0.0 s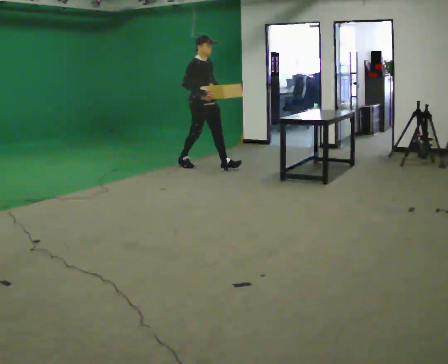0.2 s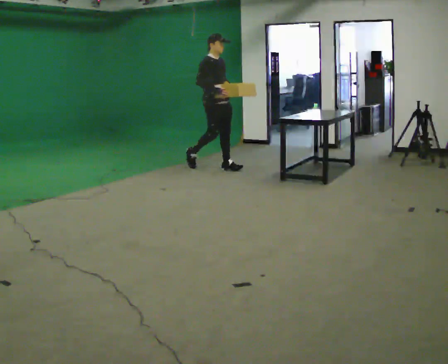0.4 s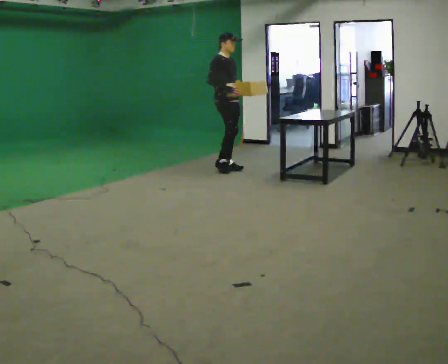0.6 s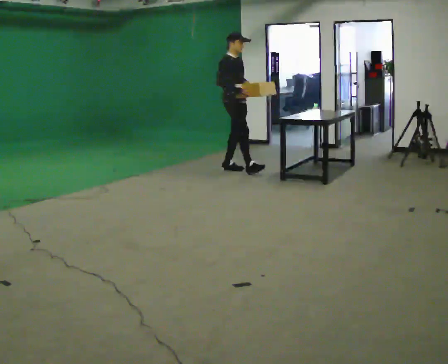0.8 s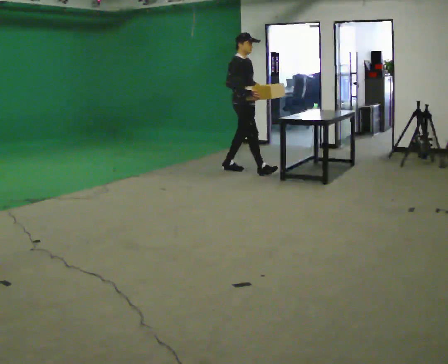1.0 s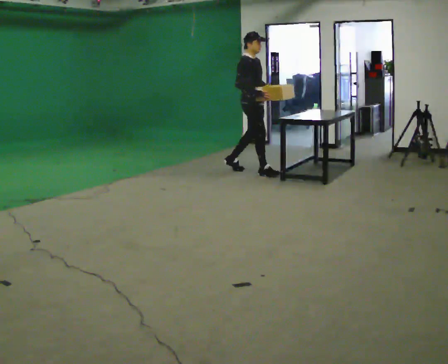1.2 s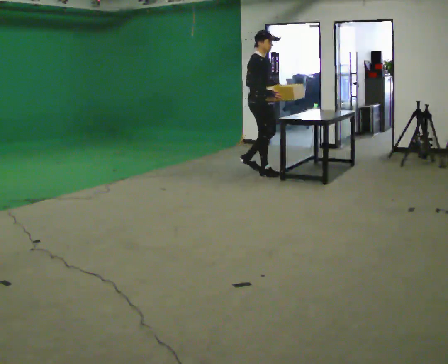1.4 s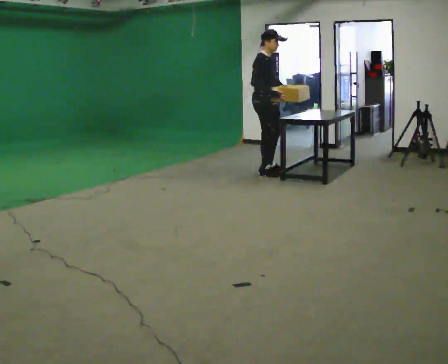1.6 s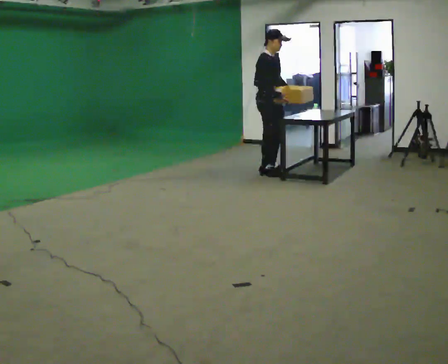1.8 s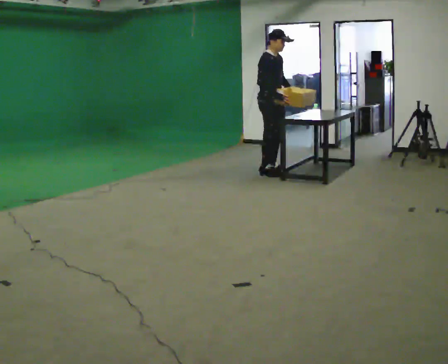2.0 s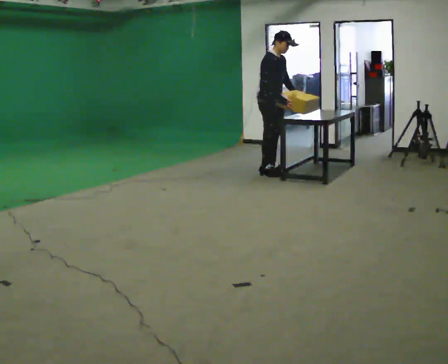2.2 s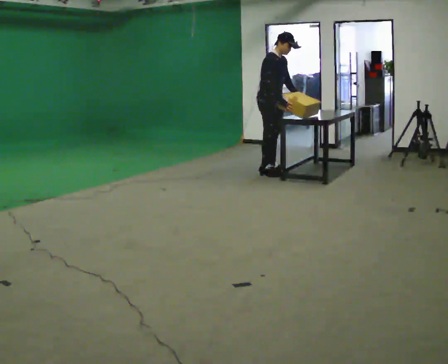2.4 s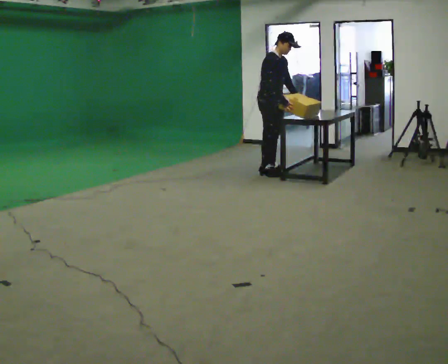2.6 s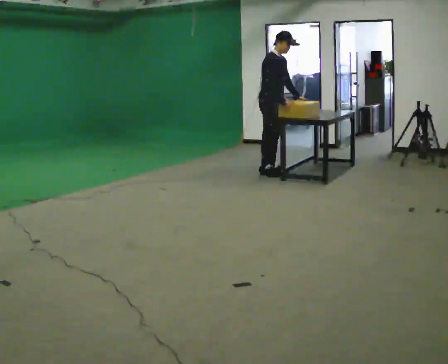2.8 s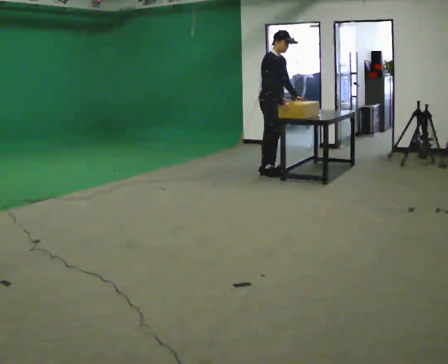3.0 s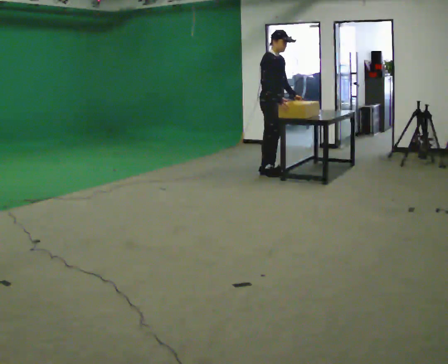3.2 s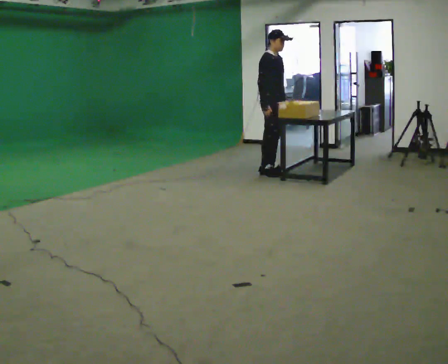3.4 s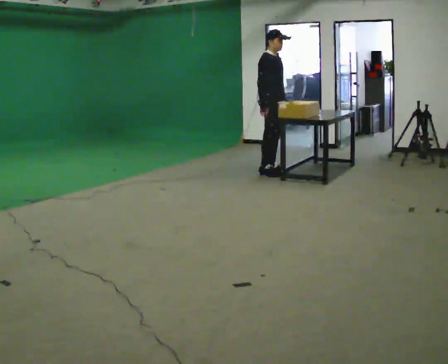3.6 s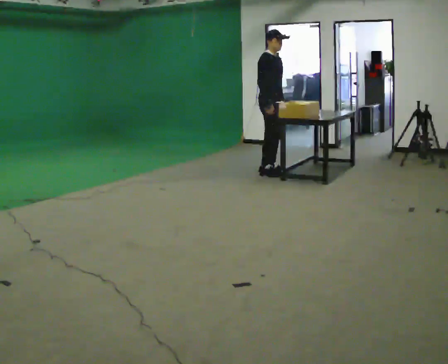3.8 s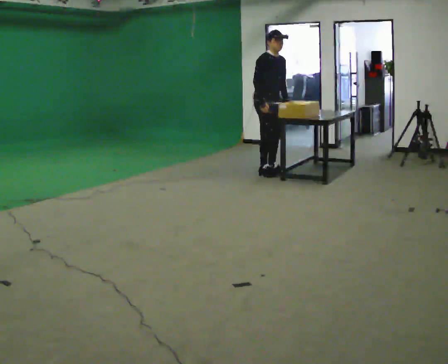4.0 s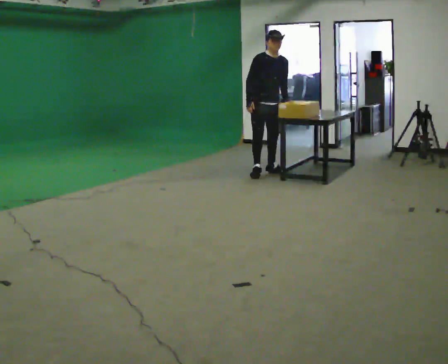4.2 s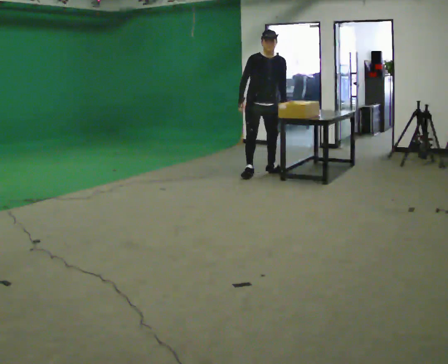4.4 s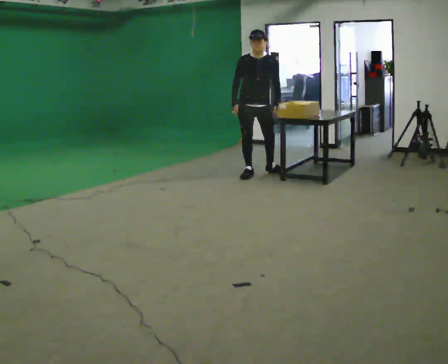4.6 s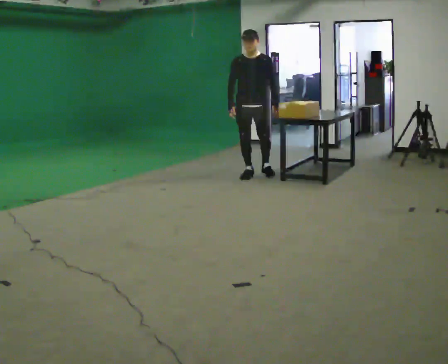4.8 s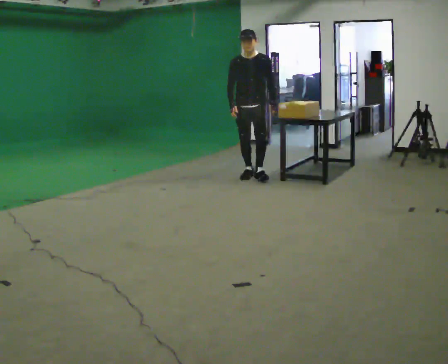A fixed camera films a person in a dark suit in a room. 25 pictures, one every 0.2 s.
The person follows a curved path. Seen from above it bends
clockwise.
0.0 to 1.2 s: In the picture they go to the right and toward the camera, about 1 m in 1 step, which for them is forward.
1.2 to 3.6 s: The person moves a little, or ends about where they began.
3.6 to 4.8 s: The part of the body nearest the lens slides to the left as the person turns to their right by about 60 degrees. In the picture they go toward the camera and to the left, about 0.25 m.
The film runs forward here.
